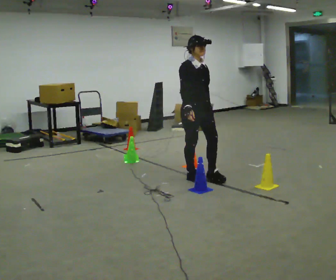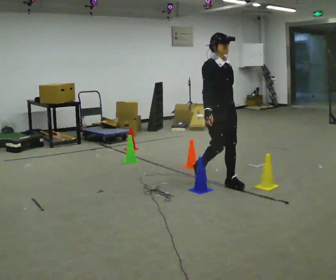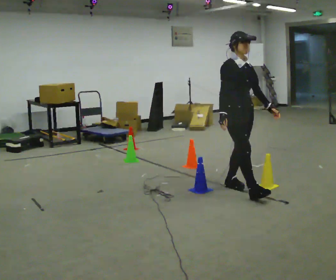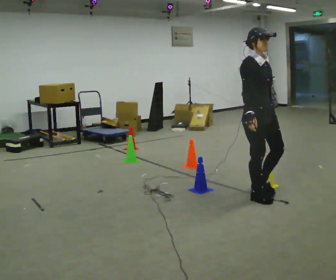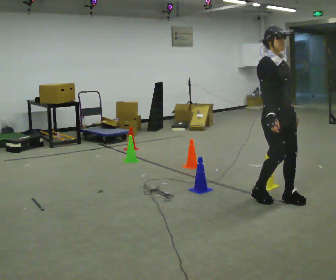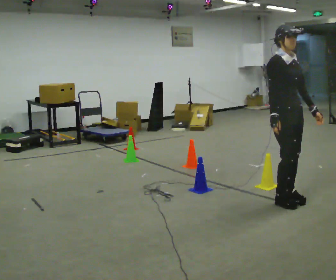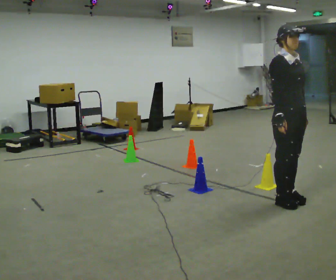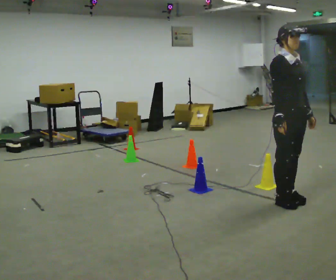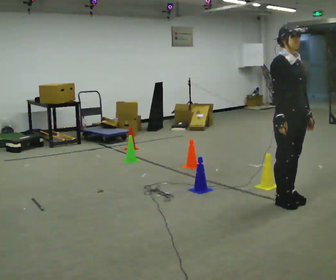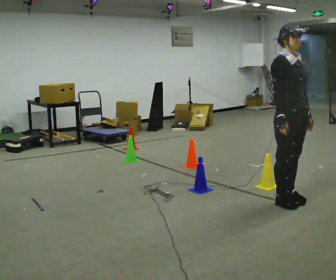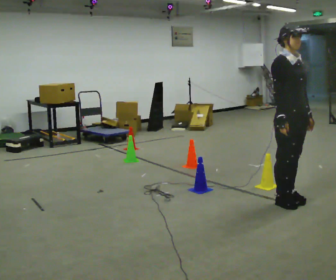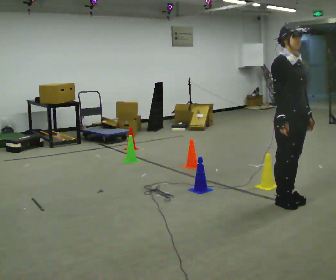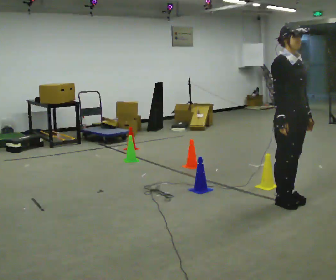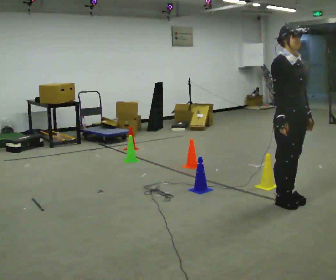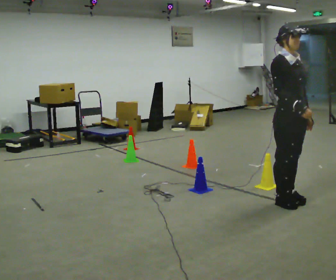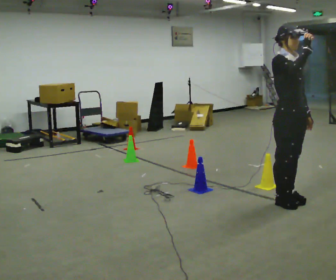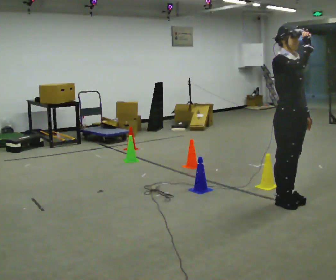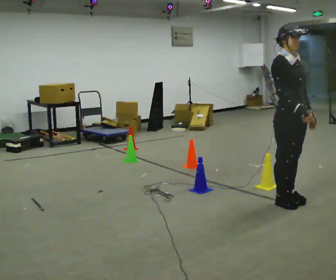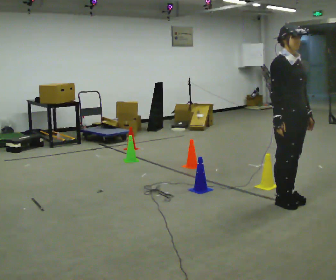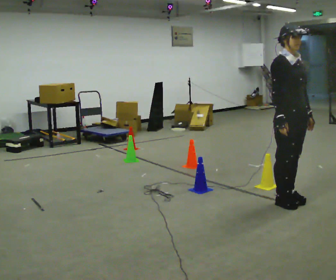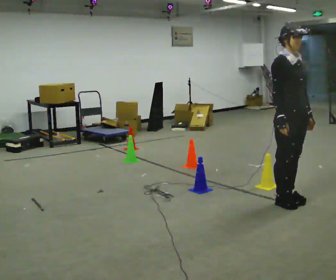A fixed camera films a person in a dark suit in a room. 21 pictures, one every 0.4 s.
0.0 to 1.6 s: In the picture they go to the right and toward the camera, about 1 m in 3 steps, which for them is forward.
1.6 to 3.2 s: The person moves a little, or ends about where they began.
3.2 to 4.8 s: The person keeps their place and pose.
4.8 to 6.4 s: In the picture their right hand goes upward.
6.4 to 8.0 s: In the picture their right hand goes downward.
The film runs forward here.
